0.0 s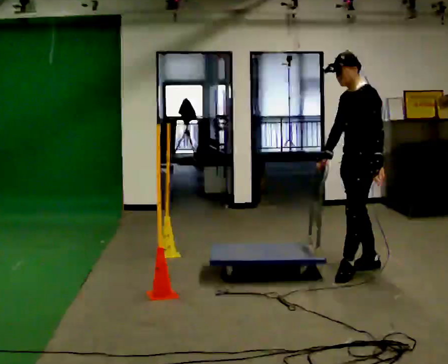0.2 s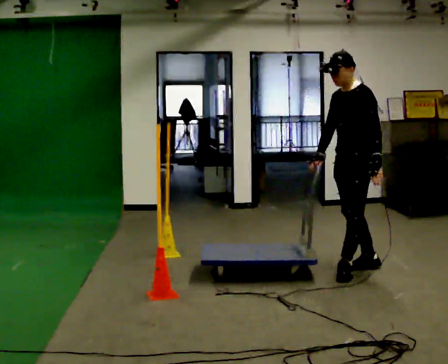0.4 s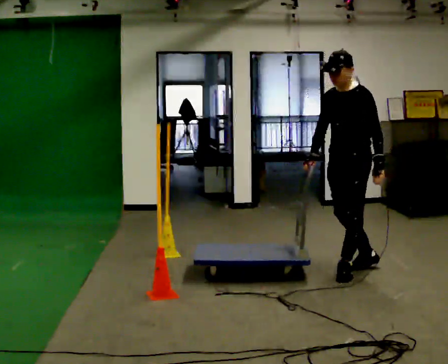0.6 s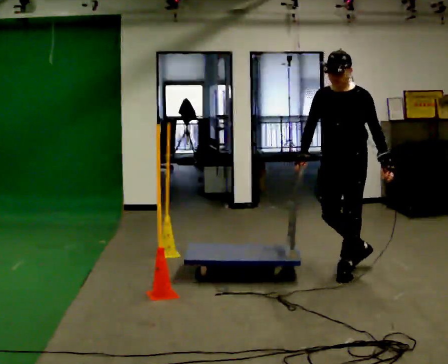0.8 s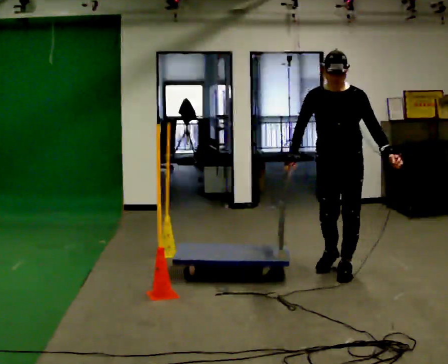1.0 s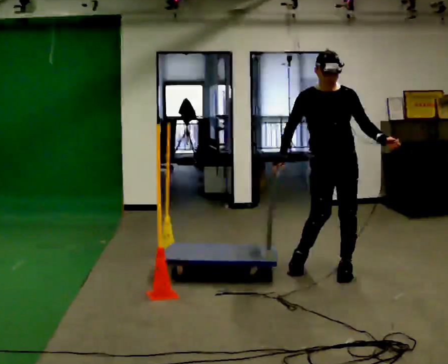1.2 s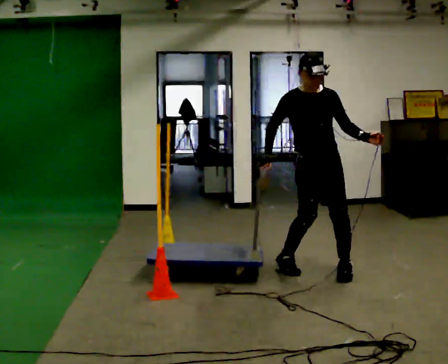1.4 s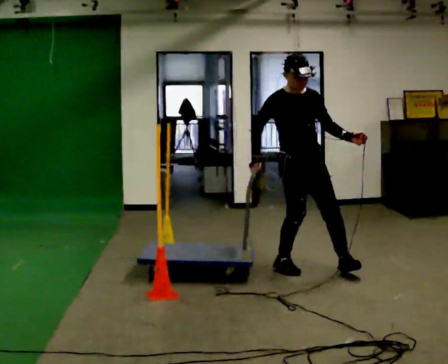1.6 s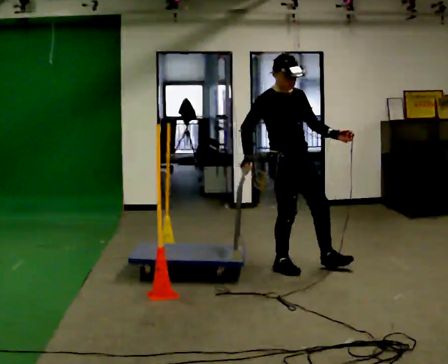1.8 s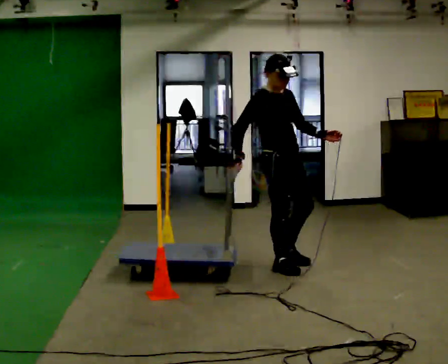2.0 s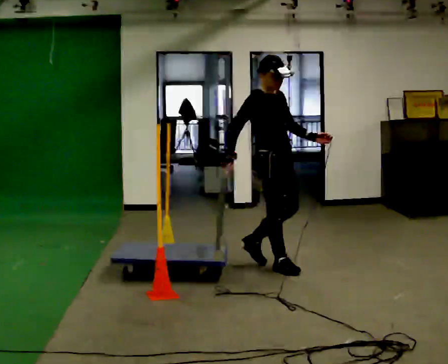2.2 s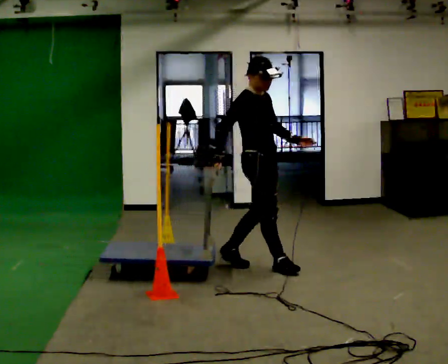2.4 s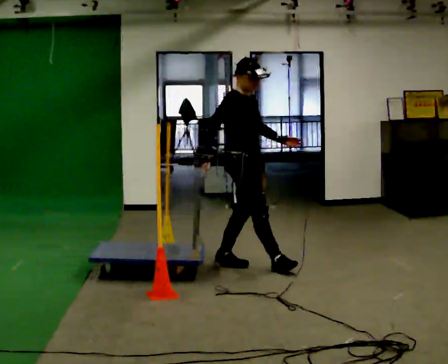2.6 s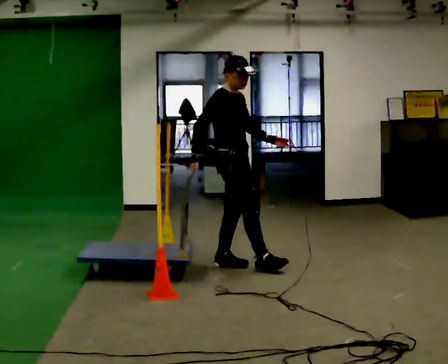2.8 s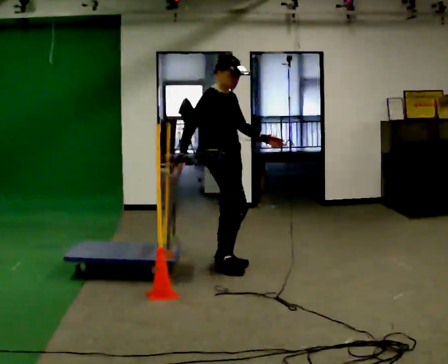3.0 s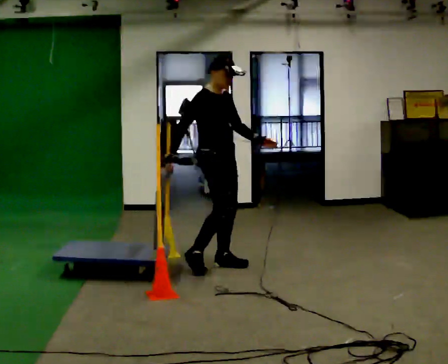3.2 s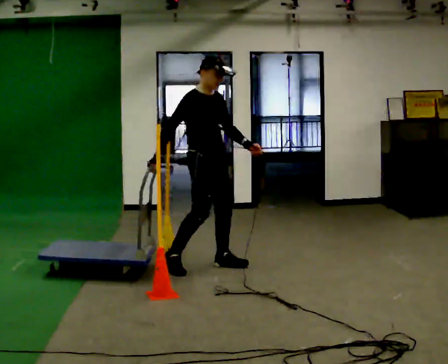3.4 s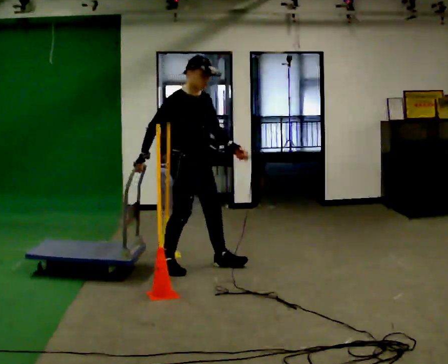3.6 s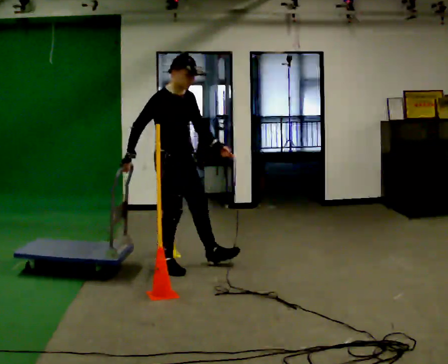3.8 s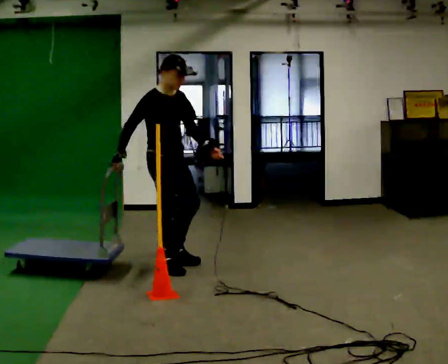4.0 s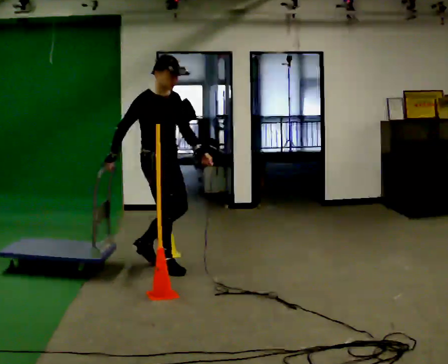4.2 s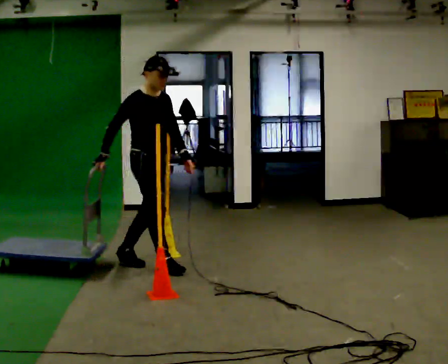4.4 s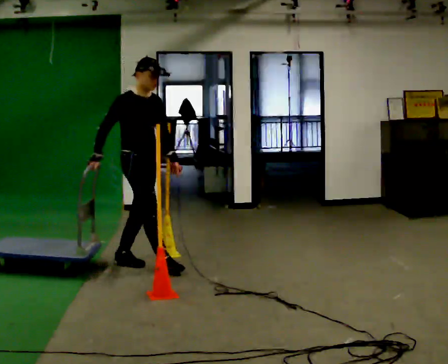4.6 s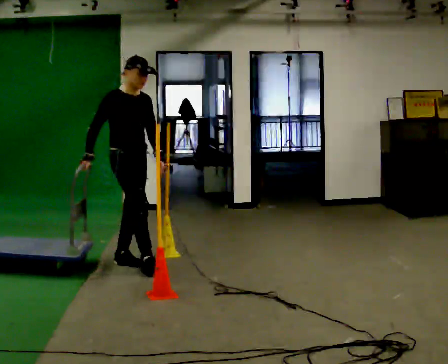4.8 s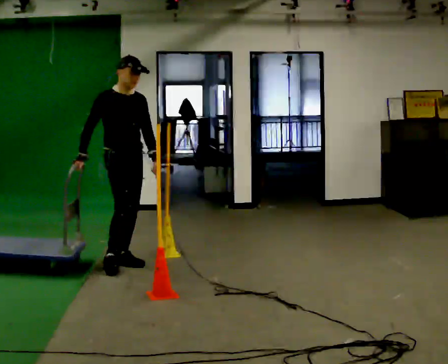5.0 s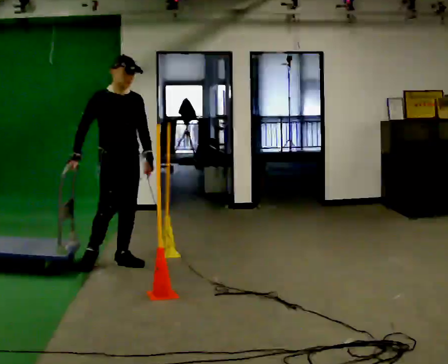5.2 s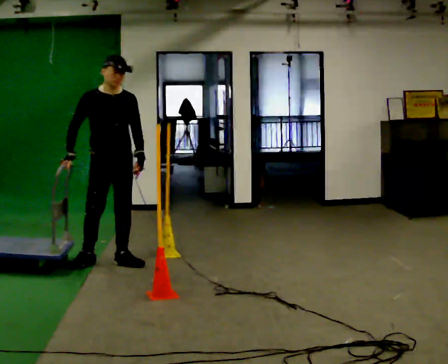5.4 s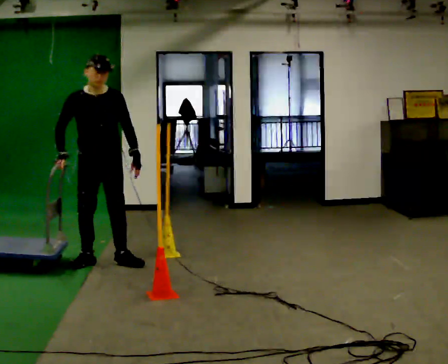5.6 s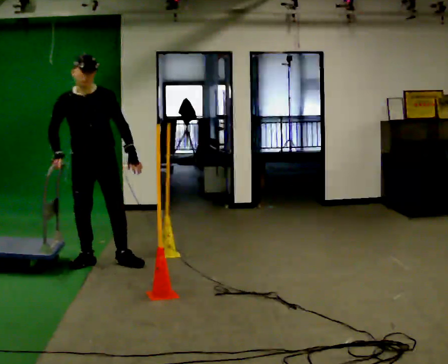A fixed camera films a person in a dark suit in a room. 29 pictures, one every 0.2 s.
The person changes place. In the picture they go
to the left.
0.0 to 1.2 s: The person turns about 90 degrees to their left, counterclockwise seen from above, so the part of the body nearest the lens slides to the right. In the picture they go to the left, about 0.5 m in 1 step.
1.2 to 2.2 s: The person turns about 60 degrees to their left, counterclockwise seen from above, so the part of the body nearest the lens slides to the right. In the picture they go to the left, about 0.5 m in 1 step, which for them is backward and to their right.
2.2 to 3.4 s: In the picture they go to the left, about 0.5 m in 1 step, which for them is backward.
3.4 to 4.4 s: In the picture they go to the left, about 0.5 m in 1 step, which for them is backward and to their right.
4.4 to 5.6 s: The person turns about 45 degrees to their right, clockwise seen from above, so the part of the body nearest the lens slides to the left. In the picture they go to the left, about 0.5 m in 1 step, which for them is backward and to their right.
The film runs backward here.
